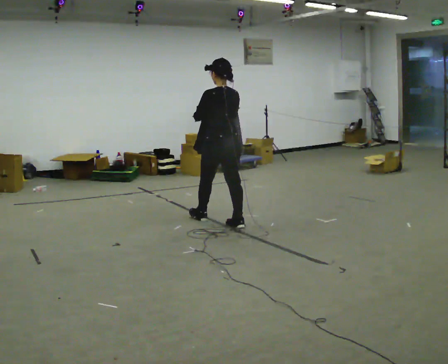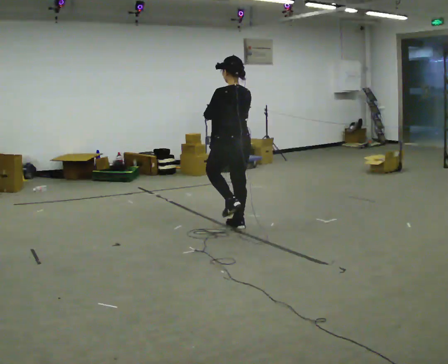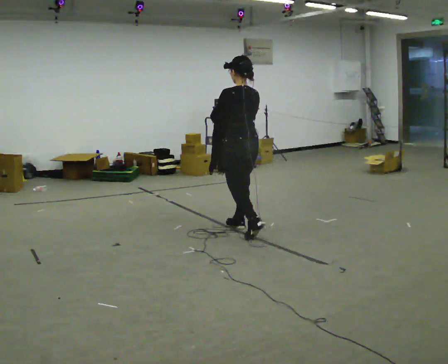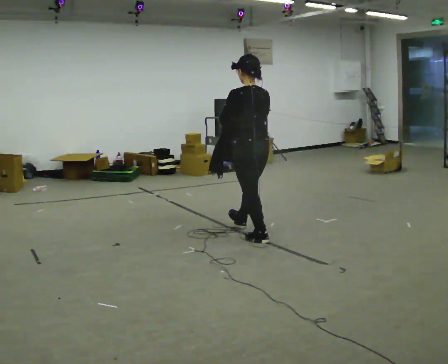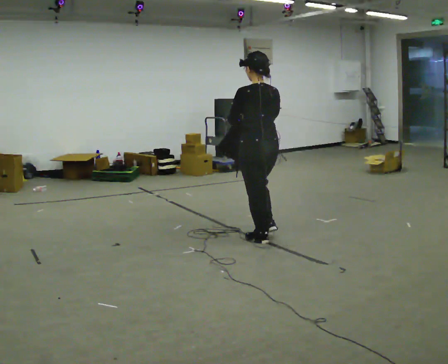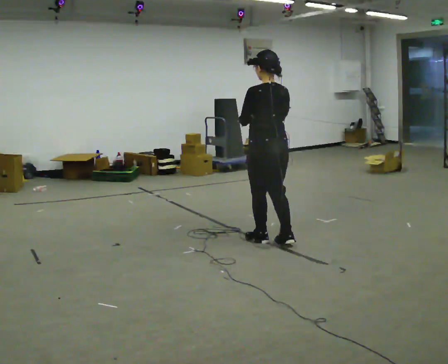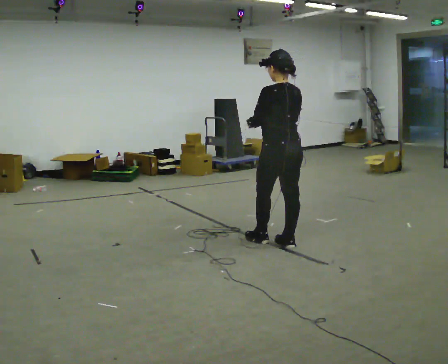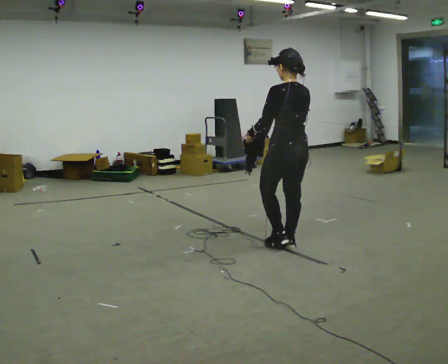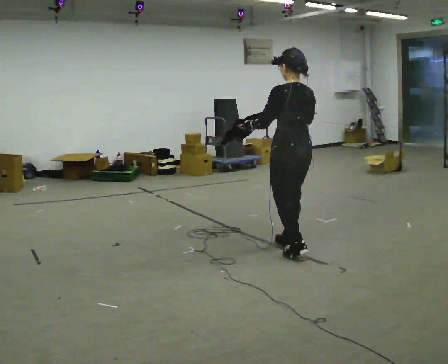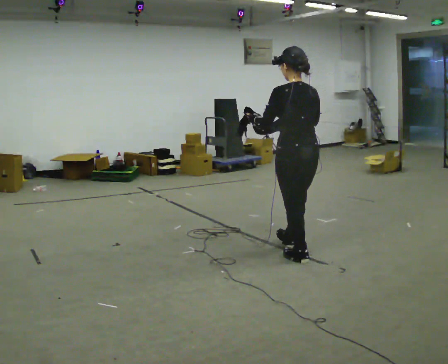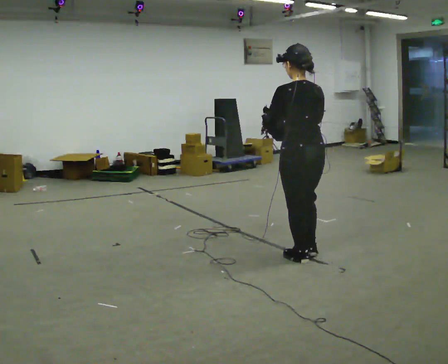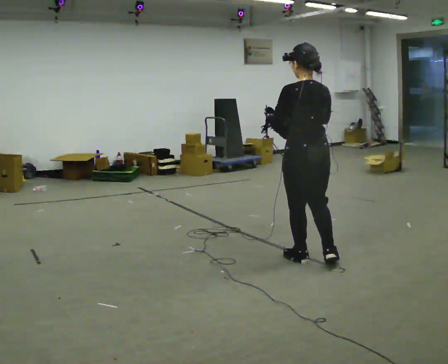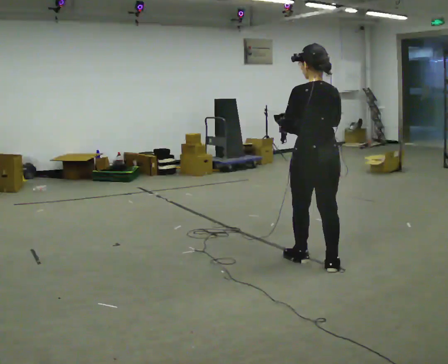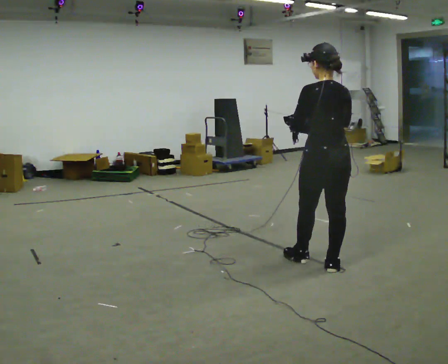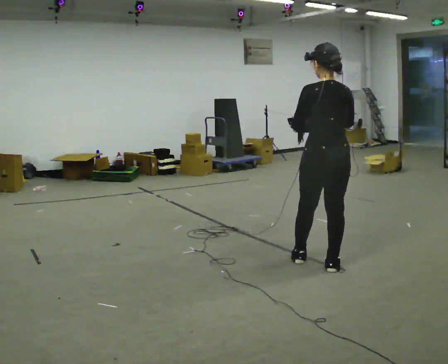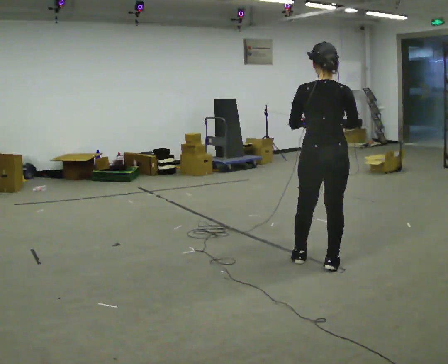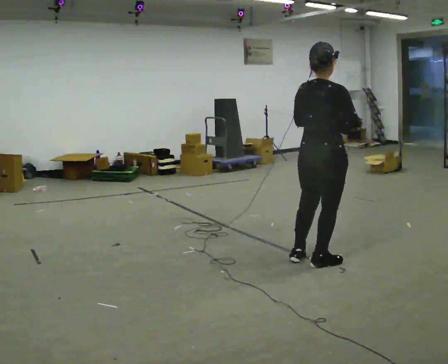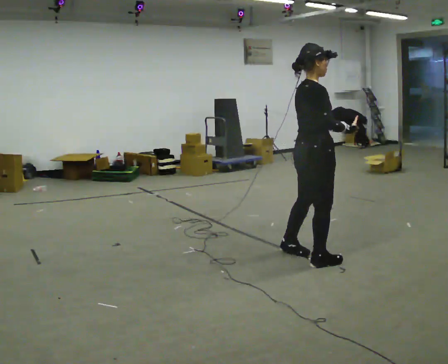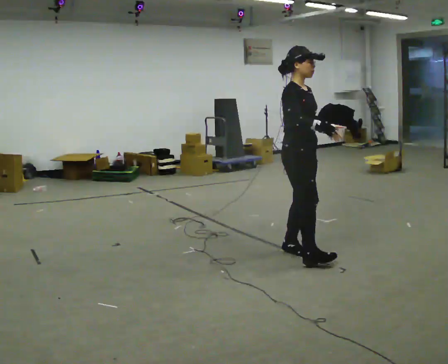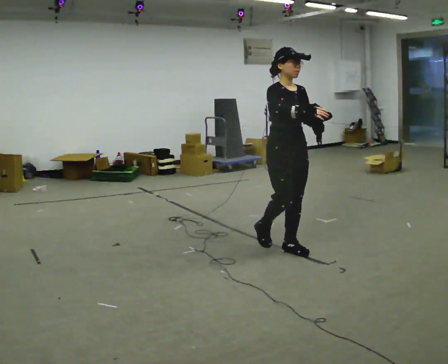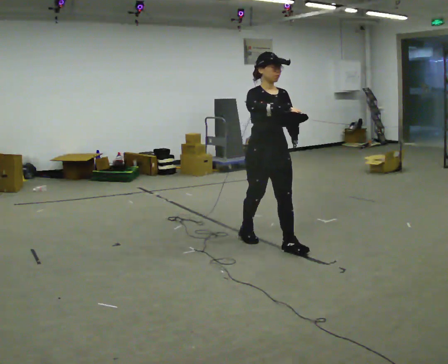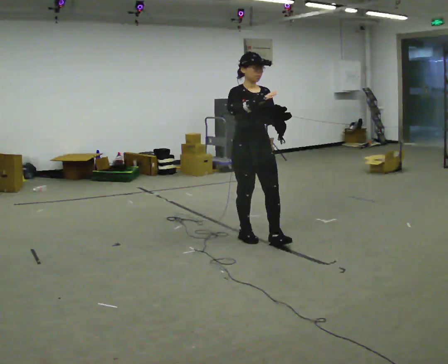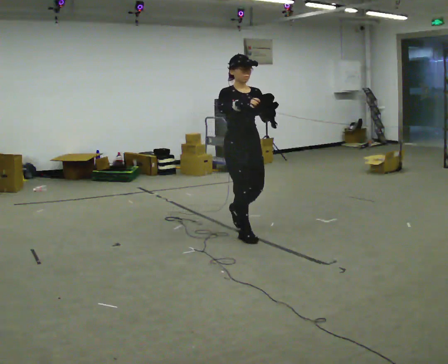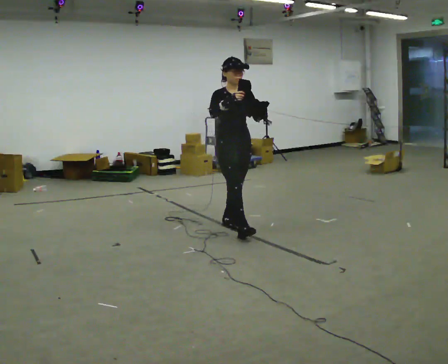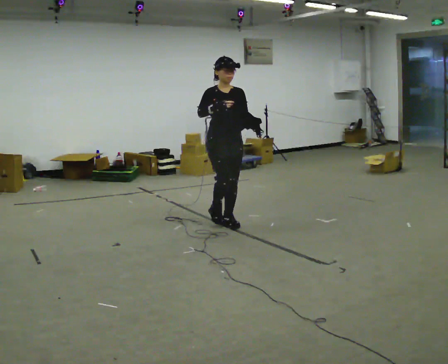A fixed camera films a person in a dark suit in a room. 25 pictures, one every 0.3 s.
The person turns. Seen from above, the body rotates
clockwise.
The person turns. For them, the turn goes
to their right.
0.0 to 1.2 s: In the picture they go to the right and toward the camera, about 0.75 m in 1 step, which for them is backward.
1.2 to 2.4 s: In the picture they go to the right and toward the camera, about 0.5 m in 1 step, which for them is backward.
2.4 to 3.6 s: In the picture they go toward the camera and to the right, about 0.25 m in 1 step, which for them is backward.
3.6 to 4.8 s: The person turns about 60 degrees to their right, clockwise seen from above, so the part of the body nearest the lens slides to the left. In the picture their right hand goes to the right.
4.8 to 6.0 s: The part of the body nearest the lens slides to the left as the person turns to their right by about 120 degrees. In the picture they go to the left and away from the camera, about 0.5 m in 1 step.
6.0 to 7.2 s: In the picture they go away from the camera and to the left, about 1 m in 2 steps, which for them is backward.
The film runs backward here.
